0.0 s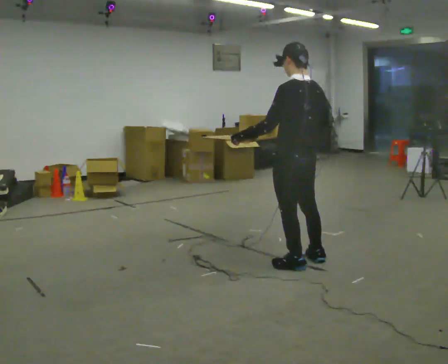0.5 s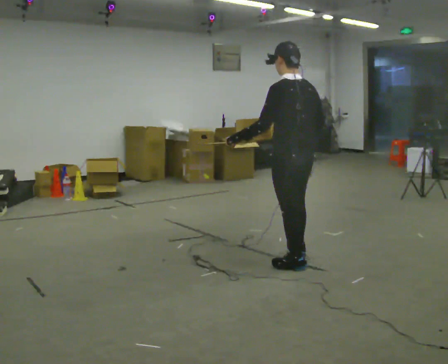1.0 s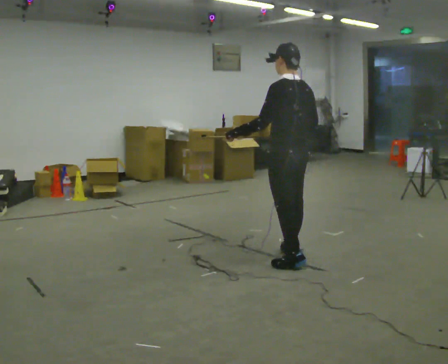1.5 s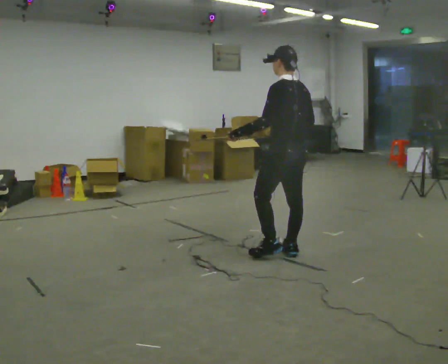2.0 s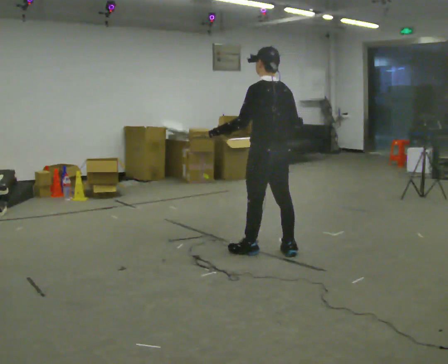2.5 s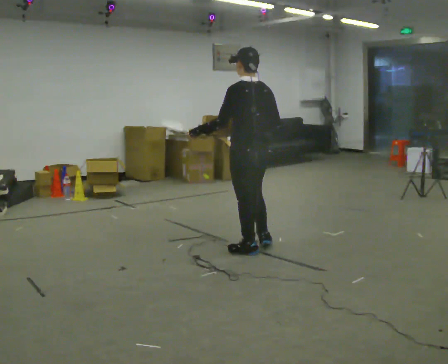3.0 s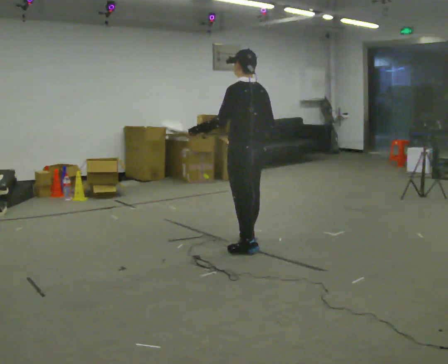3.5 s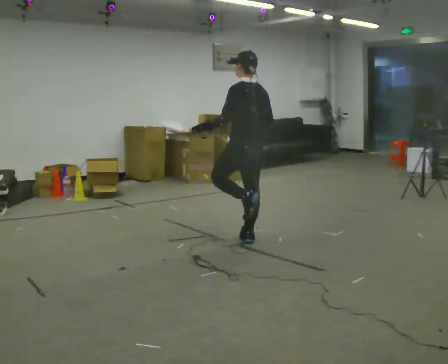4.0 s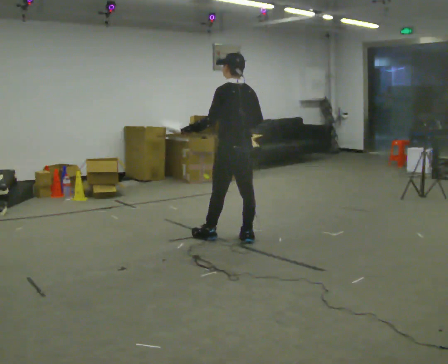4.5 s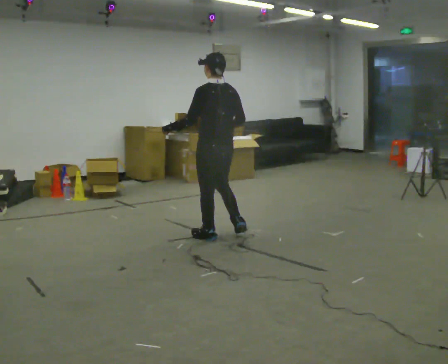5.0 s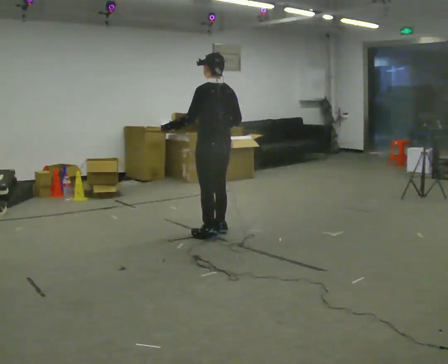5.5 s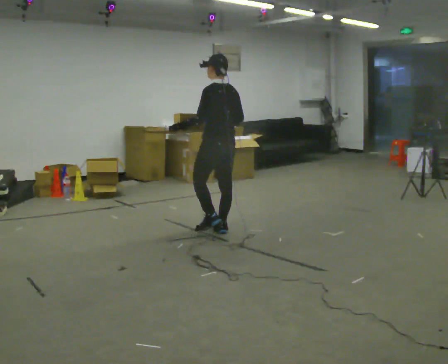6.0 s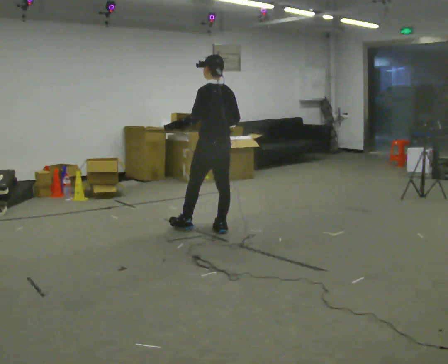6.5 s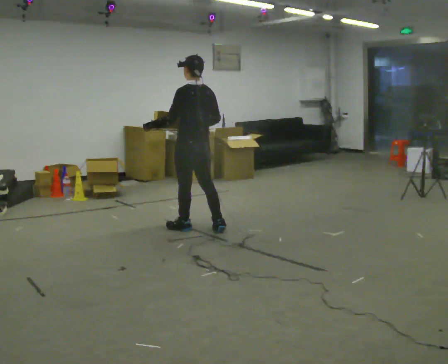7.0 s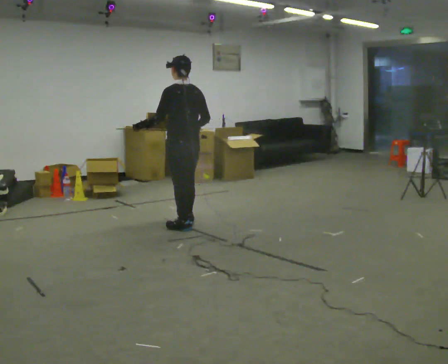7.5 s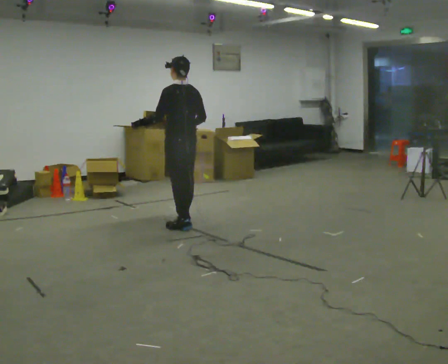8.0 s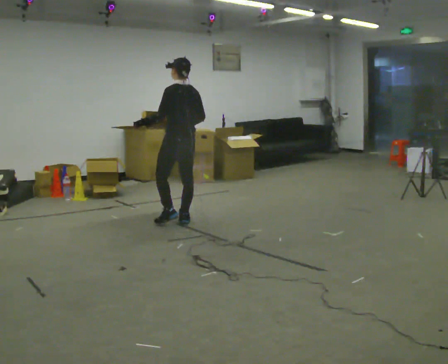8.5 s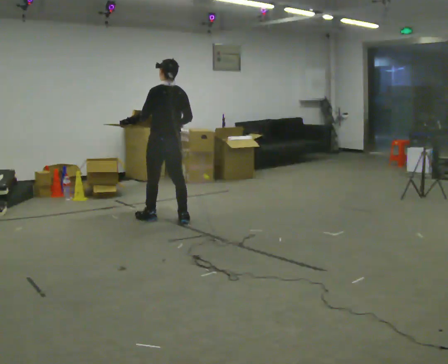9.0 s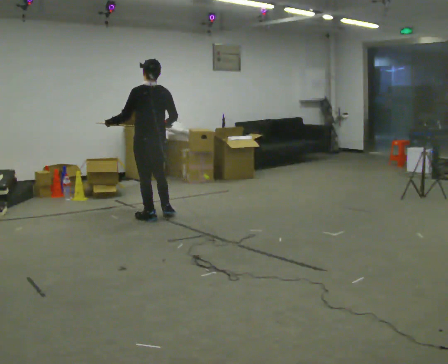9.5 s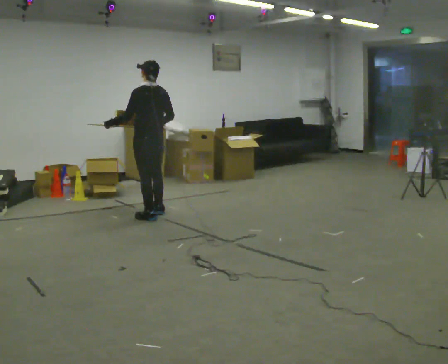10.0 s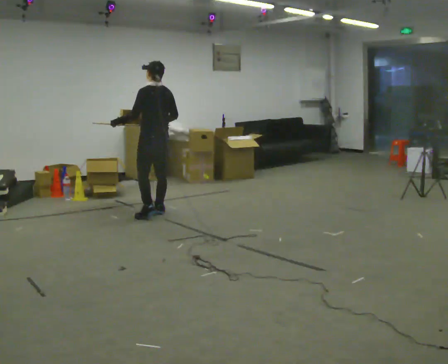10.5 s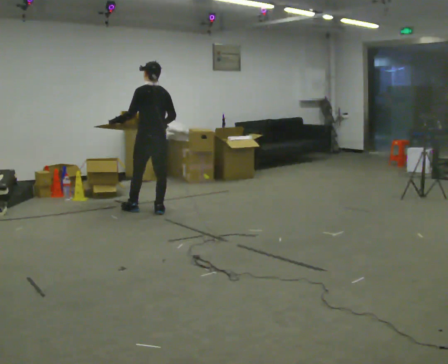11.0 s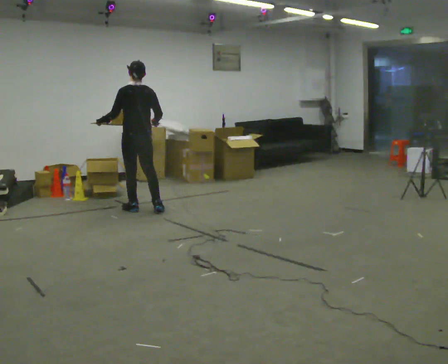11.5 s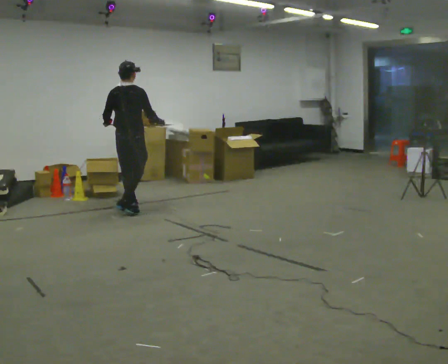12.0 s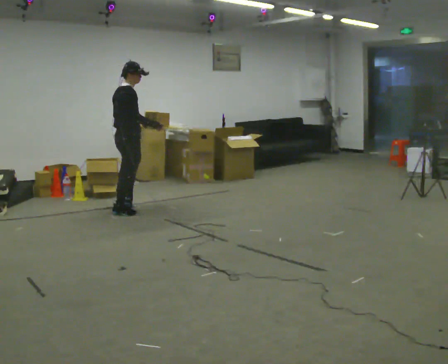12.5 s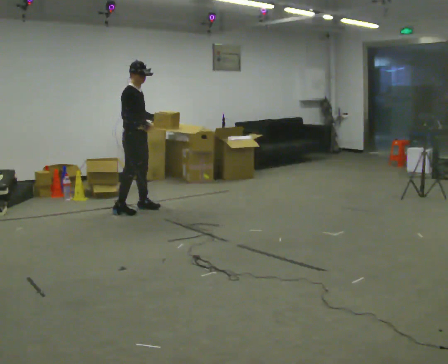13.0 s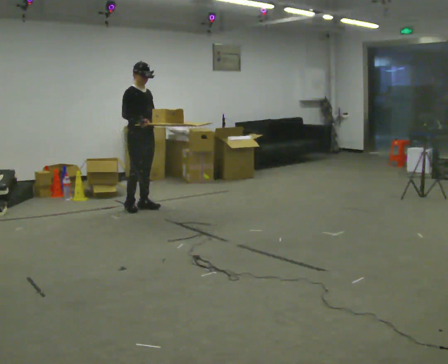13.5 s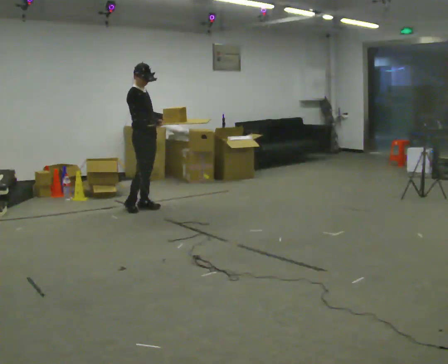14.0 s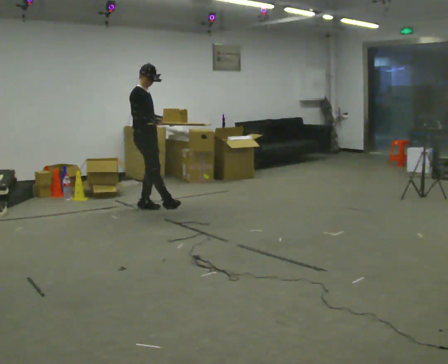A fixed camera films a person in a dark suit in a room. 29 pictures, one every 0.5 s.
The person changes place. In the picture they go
away from the camera.
0.0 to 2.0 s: In the picture they go away from the camera and to the left, about 0.5 m in 2 steps, which for them is forward.
2.0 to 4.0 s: In the picture they go away from the camera and to the left, about 0.5 m in 2 steps, which for them is forward.
4.0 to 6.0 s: In the picture they go away from the camera and to the left, about 0.25 m in 2 steps, which for them is forward.
6.0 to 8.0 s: In the picture they go away from the camera and to the left, about 0.5 m in 1 step, which for them is forward.
8.0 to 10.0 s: In the picture they go away from the camera and to the left, about 0.5 m in 2 steps, which for them is forward.
10.0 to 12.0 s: Seen from above the body turns clockwise, about 105 degrees: to their right, with its near side sliding to the left. In the picture they go to the left, about 0.25 m in 2 steps.
12.0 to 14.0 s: The part of the body nearest the lens slides to the left as the person turns to their right by about 45 degrees. In the picture they go away from the camera and to the right, about 0.25 m in 2 steps.
The film runs forward here.
